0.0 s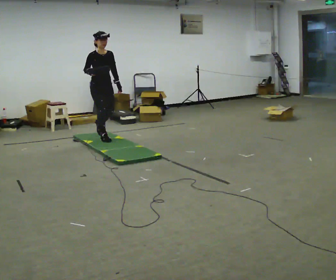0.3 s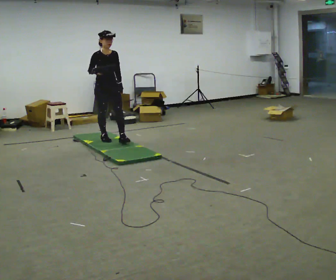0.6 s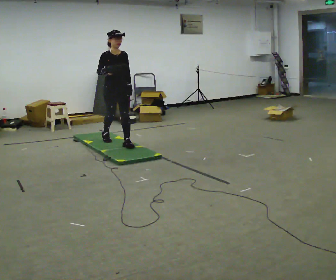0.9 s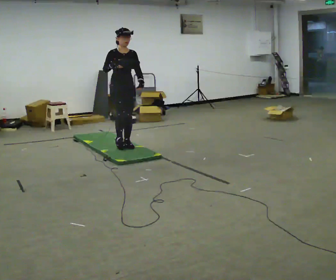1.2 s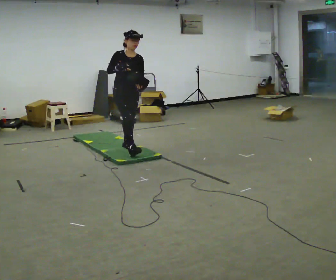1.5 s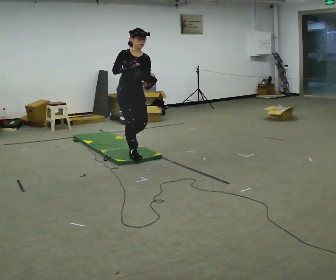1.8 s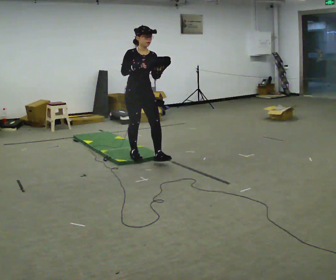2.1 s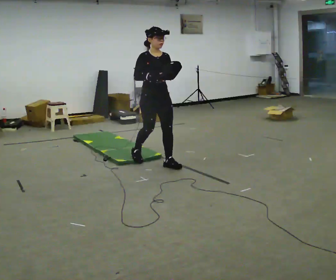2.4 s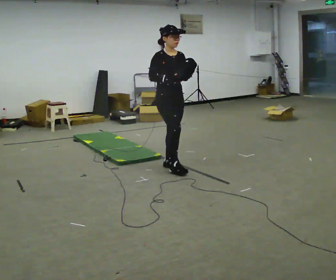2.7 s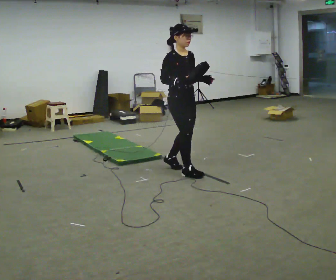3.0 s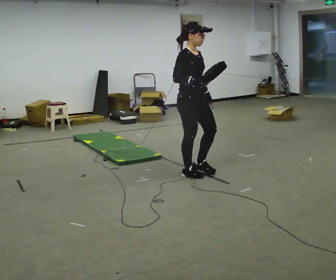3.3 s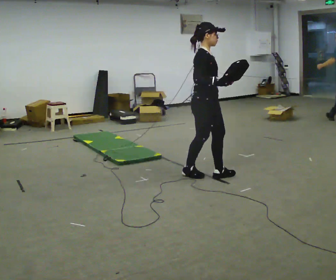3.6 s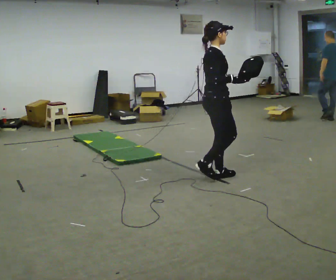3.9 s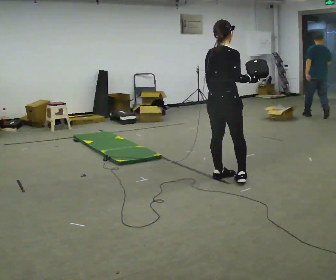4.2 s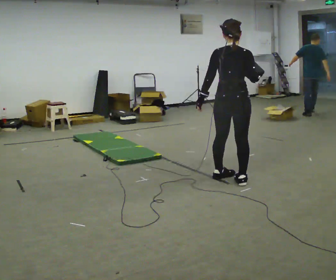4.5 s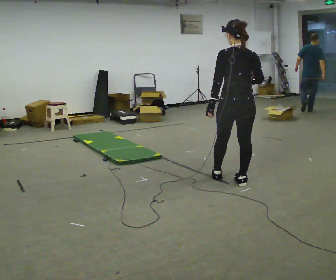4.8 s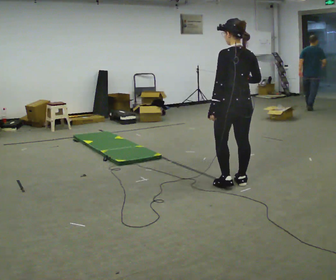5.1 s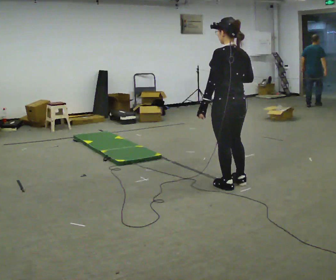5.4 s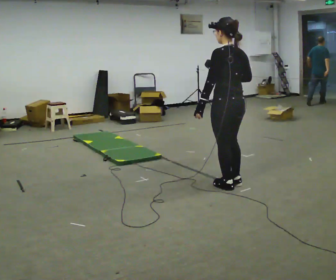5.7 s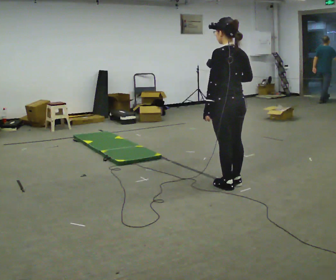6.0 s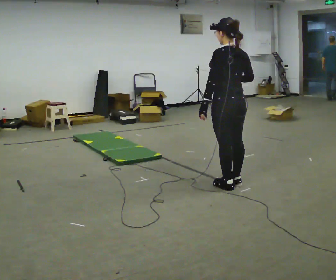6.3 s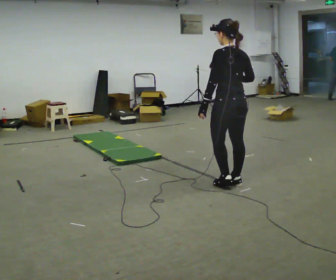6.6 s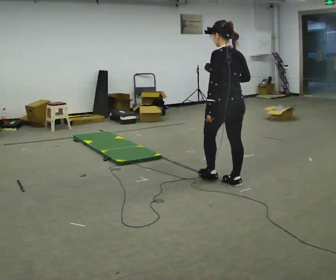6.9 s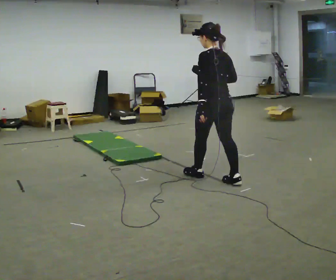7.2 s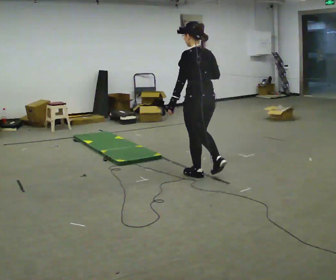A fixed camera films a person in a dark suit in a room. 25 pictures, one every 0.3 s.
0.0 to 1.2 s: In the picture they go to the right and toward the camera, about 1 m in 1 step, which for them is forward.
1.2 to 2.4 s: In the picture they go to the right and toward the camera, about 1 m in 2 steps, which for them is forward.
2.4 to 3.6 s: Seen from above the body turns counterclockwise, about 45 degrees: to their left, with its near side sliding to the right. In the picture they go to the right and toward the camera, about 0.5 m in 2 steps, which for them is forward.
3.6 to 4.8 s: Seen from above the body turns counterclockwise, about 105 degrees: to their left, with its near side sliding to the right. In the picture they go to the right and toward the camera, about 0.25 m in 1 step.
4.8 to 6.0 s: The person moves a little, or ends about where they began.
6.0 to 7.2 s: In the picture they go to the left and away from the camera, about 0.5 m in 1 step, which for them is forward.
The film runs forward here.
